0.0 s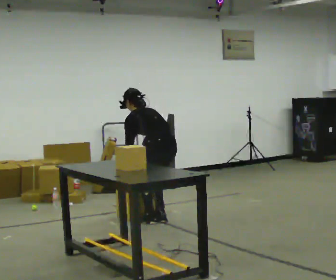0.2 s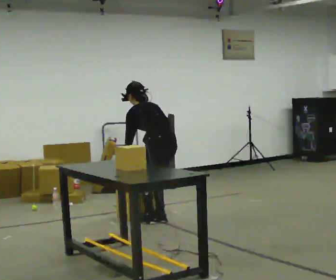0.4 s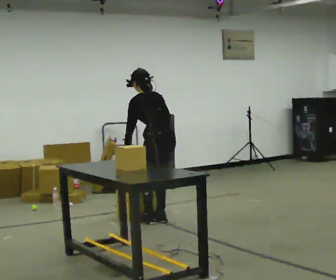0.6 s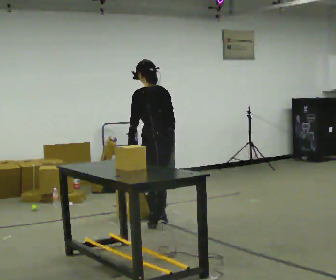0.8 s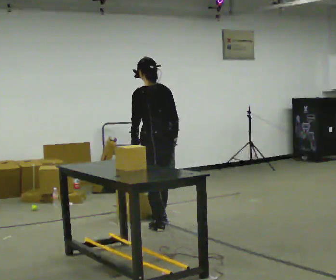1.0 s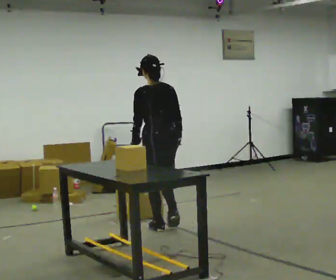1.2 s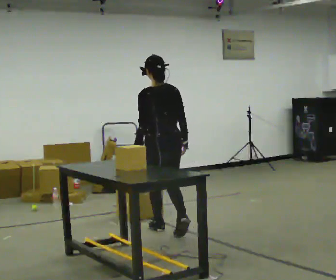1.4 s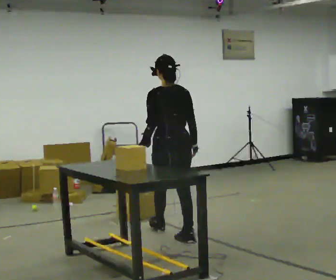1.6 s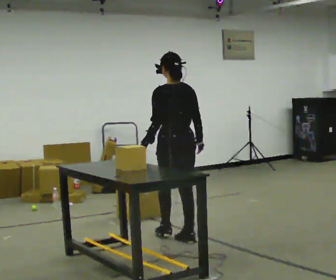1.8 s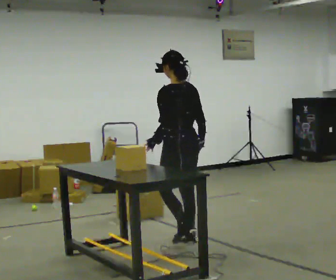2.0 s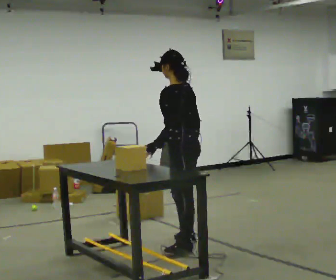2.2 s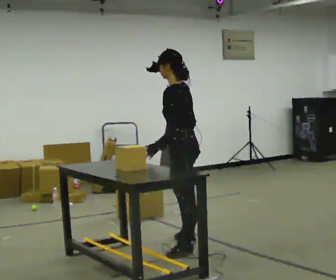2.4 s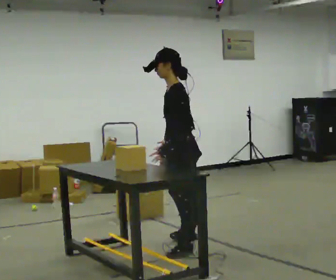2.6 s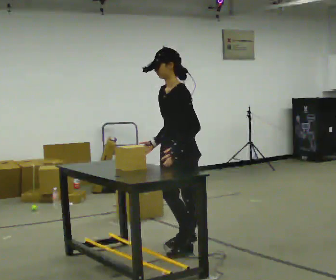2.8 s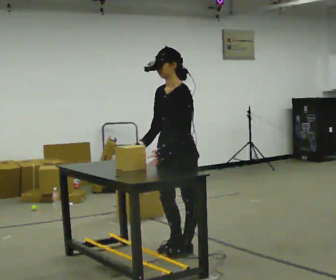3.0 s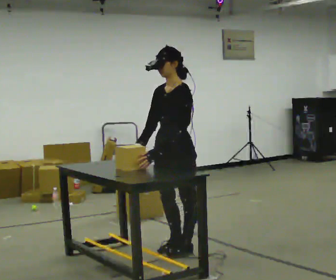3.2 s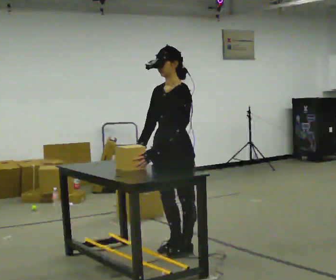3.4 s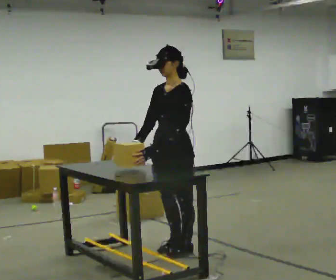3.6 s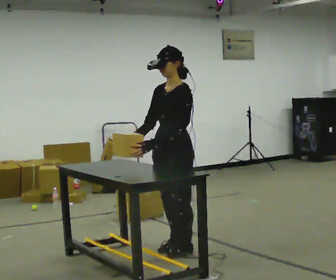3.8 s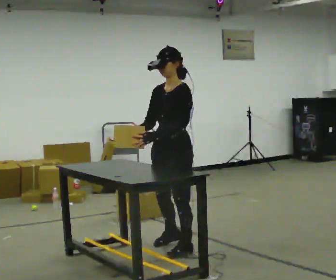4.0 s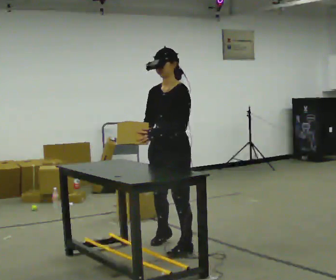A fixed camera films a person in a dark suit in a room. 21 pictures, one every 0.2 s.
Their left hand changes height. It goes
upward.
The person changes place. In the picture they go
toward the camera.
0.0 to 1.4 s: In the picture they go toward the camera, about 0.5 m in 3 steps, which for them is backward. The shoulders move upward. The upper body tips toward the camera, its near side rolling downward, as they lean back or straighten.
1.4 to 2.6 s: The person turns about 90 degrees to their left, counterclockwise seen from above, so the part of the body nearest the lens slides to the right. In the picture they go toward the camera, about 0.5 m in 1 step.
2.6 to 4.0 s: The part of the body nearest the lens slides to the right as the person turns to their left by about 30 degrees.
The film runs backward here.
